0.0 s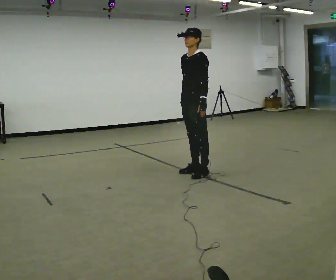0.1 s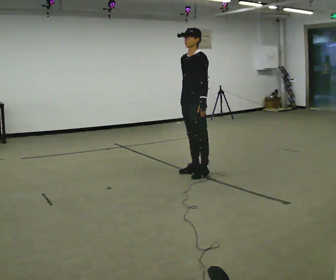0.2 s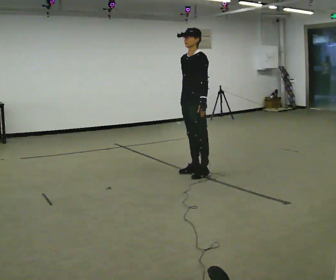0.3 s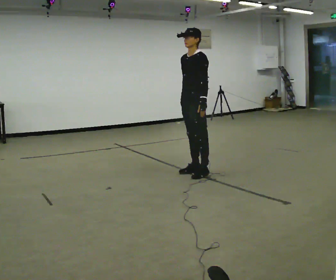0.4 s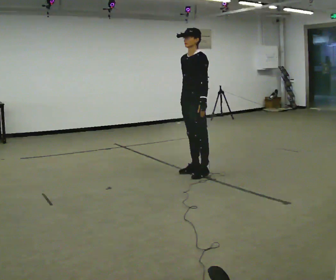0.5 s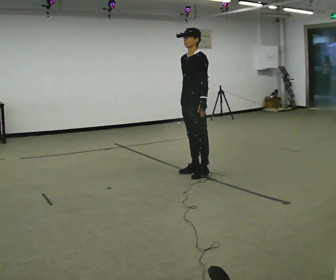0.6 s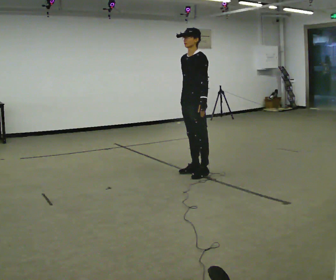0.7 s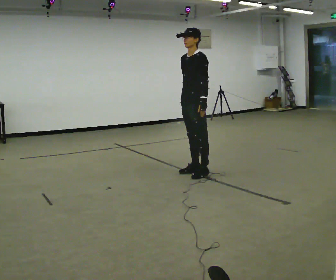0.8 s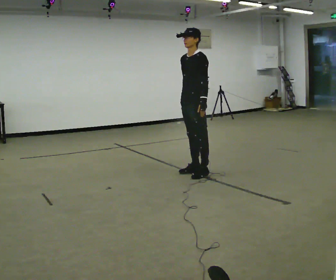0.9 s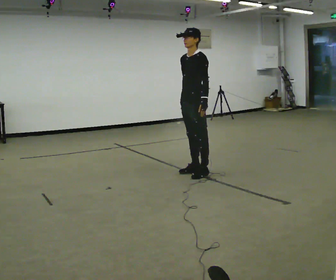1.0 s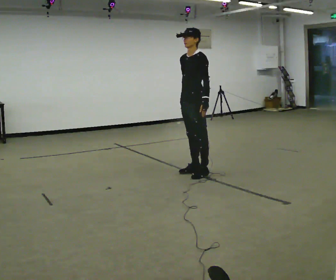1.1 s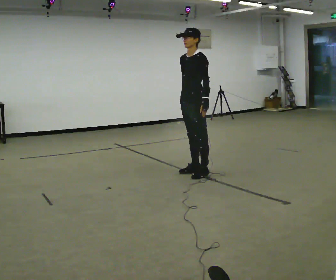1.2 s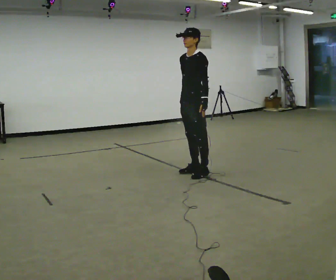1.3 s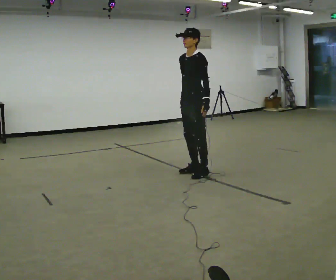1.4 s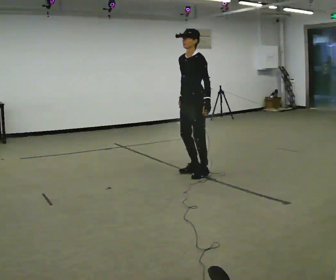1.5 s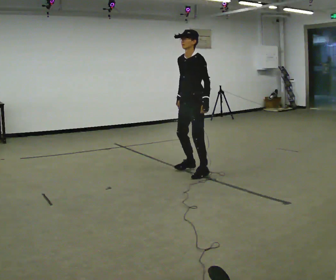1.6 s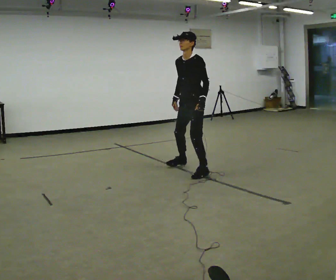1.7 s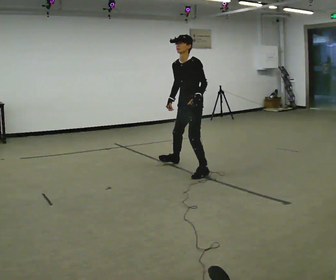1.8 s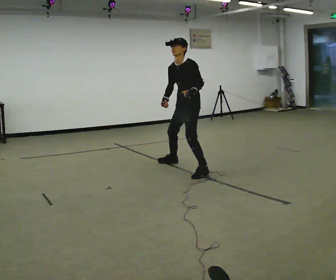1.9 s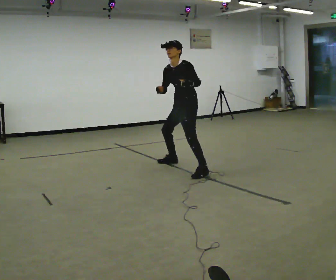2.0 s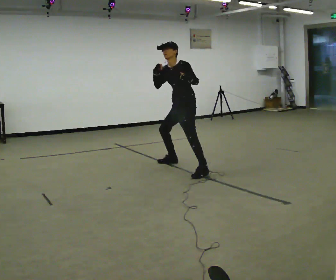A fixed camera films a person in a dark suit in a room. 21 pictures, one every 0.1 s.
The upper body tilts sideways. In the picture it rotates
counterclockwise.
0.0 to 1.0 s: The person keeps their place and pose.
1.0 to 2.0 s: In the picture they go away from the camera, about 0.25 m in 1 step, which for them is to their right and backward. In the picture the upper body tilts counterclockwise, shoulders to the left, as they bend forward. In the picture their right hand goes upward.
The film runs backward here.
